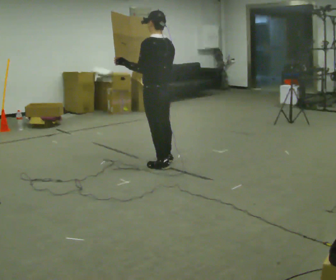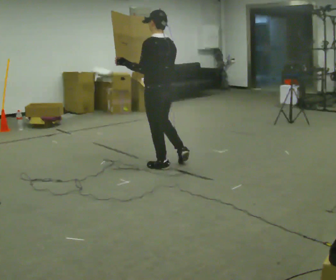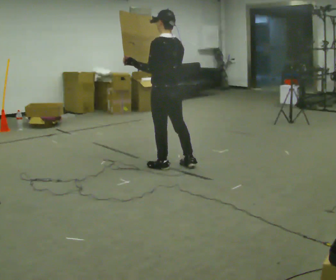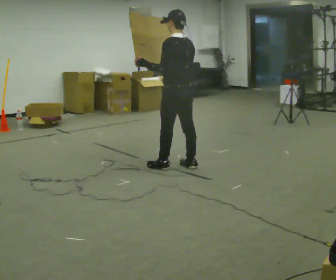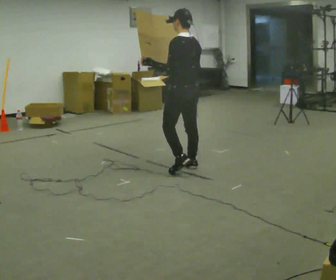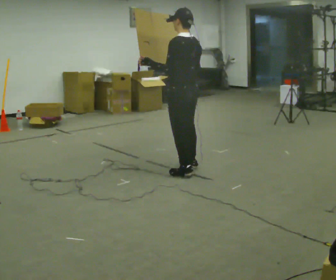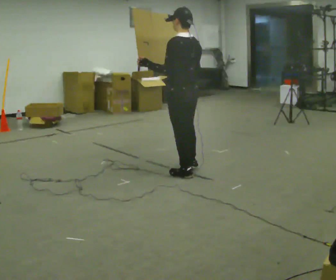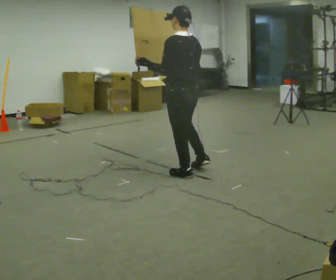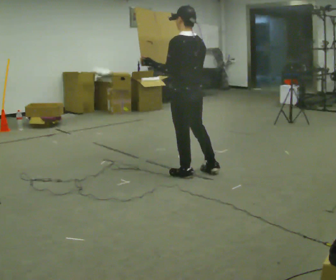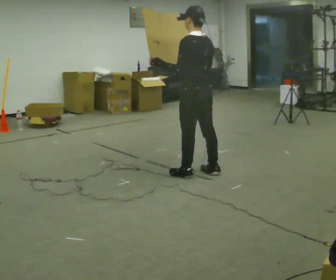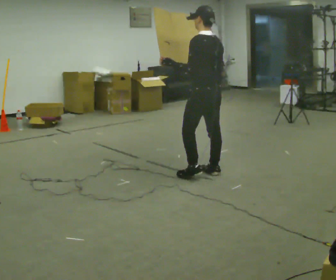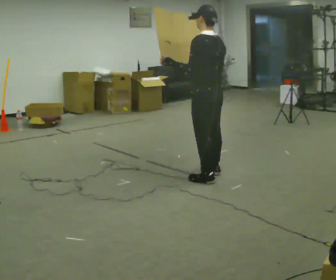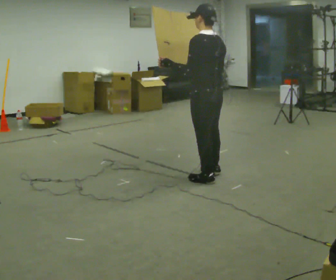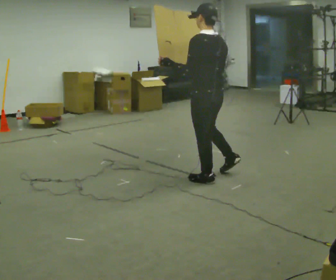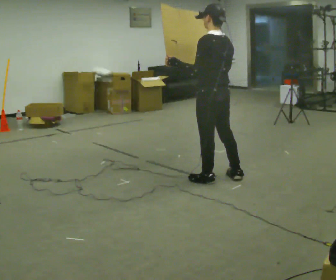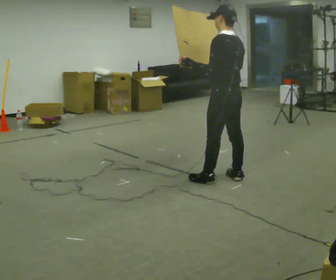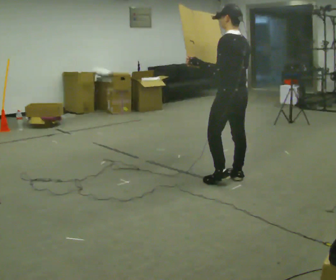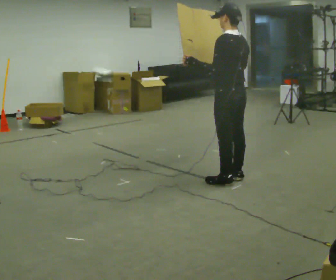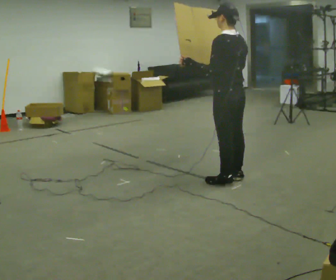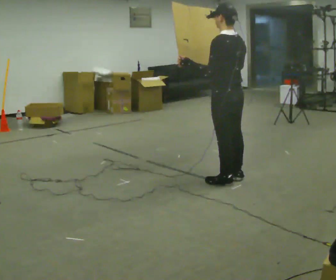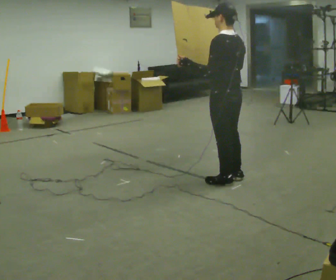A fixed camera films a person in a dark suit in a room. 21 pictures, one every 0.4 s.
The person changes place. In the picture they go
to the right.
0.0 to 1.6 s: In the picture they go to the right, about 0.25 m in 2 steps, which for them is backward and to their right.
1.6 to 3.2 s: In the picture they go toward the camera, about 0.25 m in 1 step, which for them is backward and to their left.
3.2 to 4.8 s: In the picture they go to the right, about 0.25 m in 1 step, which for them is backward.
4.8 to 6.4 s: In the picture they go to the right, about 0.25 m in 2 steps, which for them is to their right and backward.
6.4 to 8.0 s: The person moves a little, or ends about where they began.
The film runs backward here.
